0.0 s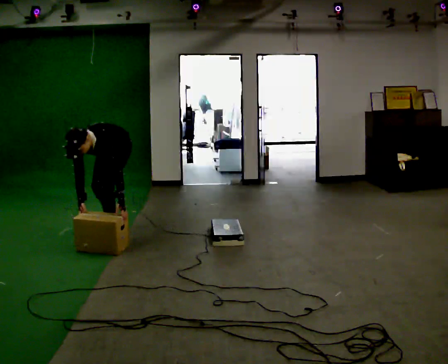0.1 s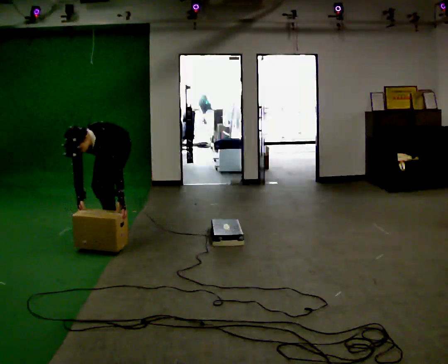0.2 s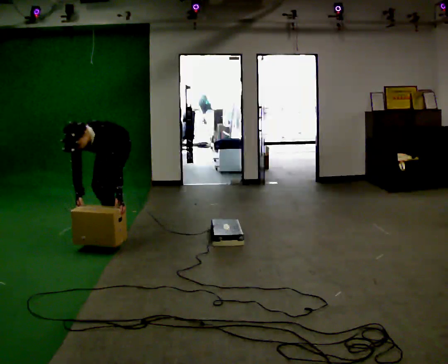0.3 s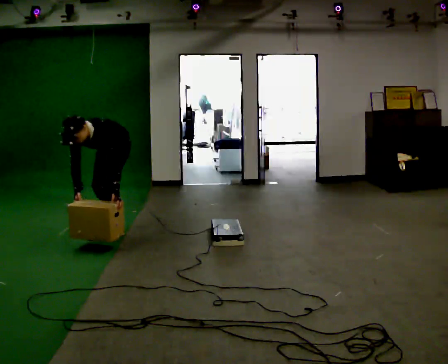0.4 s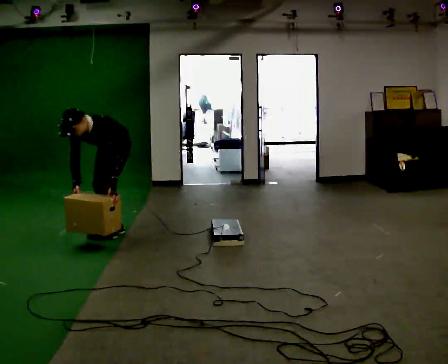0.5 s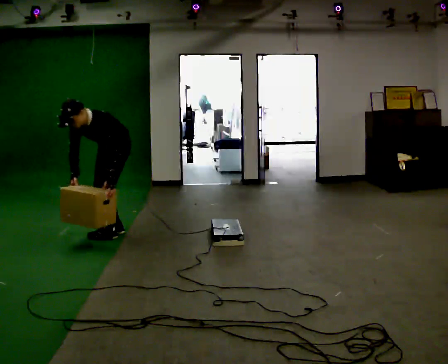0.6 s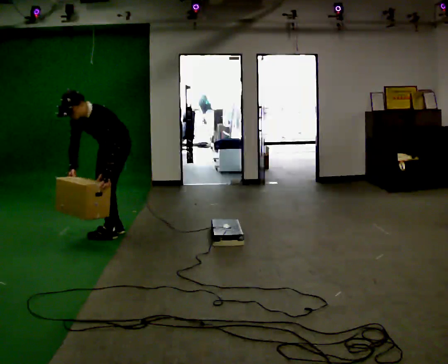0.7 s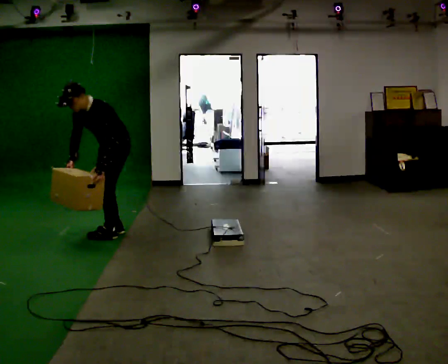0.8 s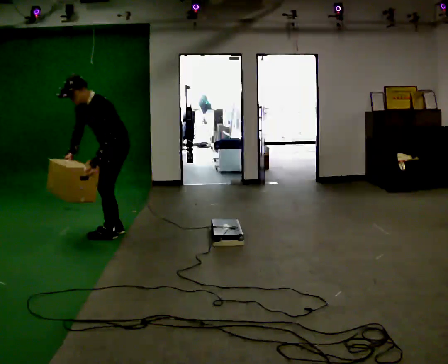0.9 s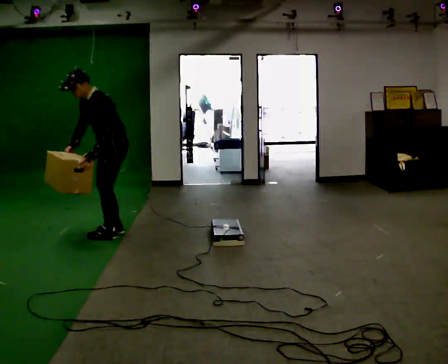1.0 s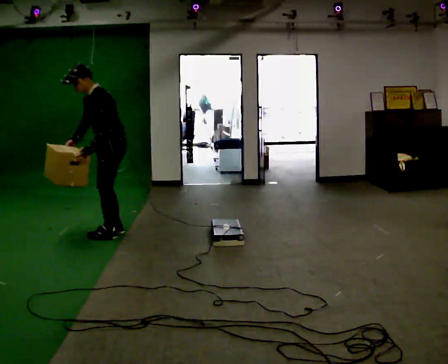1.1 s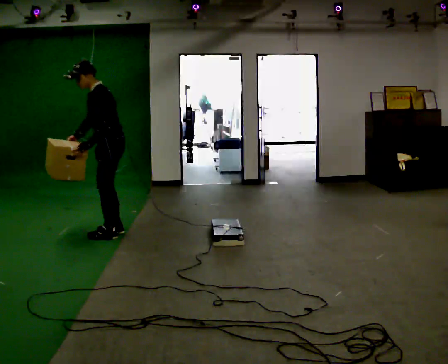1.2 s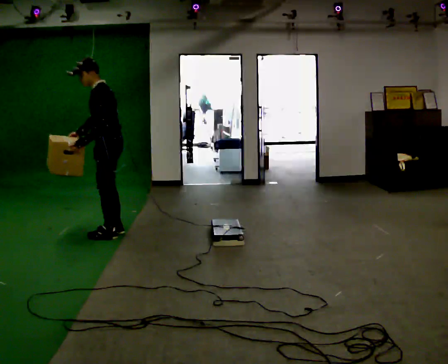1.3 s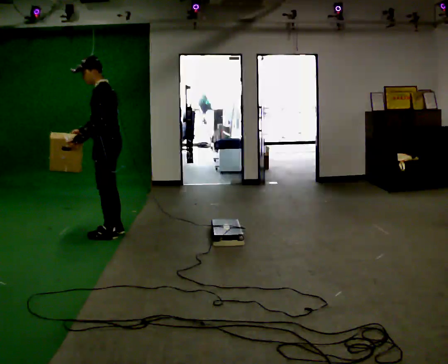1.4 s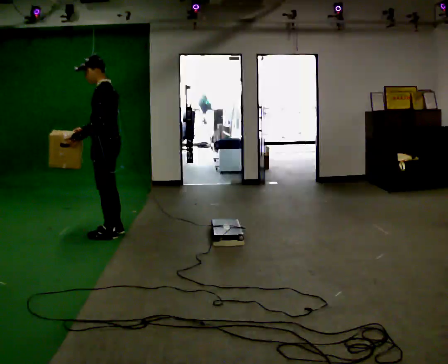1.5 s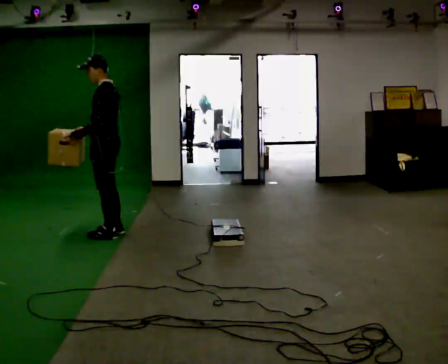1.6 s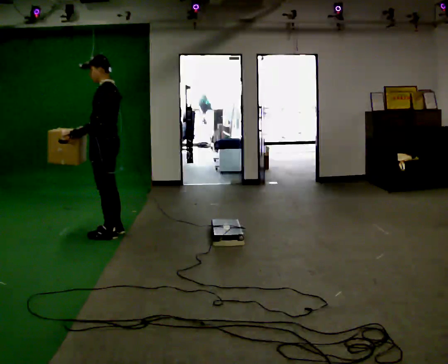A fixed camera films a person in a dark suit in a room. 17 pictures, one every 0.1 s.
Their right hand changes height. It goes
upward.
Their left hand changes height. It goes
upward.
0.0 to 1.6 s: The person turns about 60 degrees to their right, clockwise seen from above, so the part of the body nearest the lens slides to the left. In the picture they go toward the camera, about 0.25 m, which for them is forward. The shoulders move upward. The upper body tips away from the camera, its near side rolling upward, as they lean back or straighten. In the picture their left hand goes upward and to the left, the arm swinging clockwise.
The film runs backward here.
